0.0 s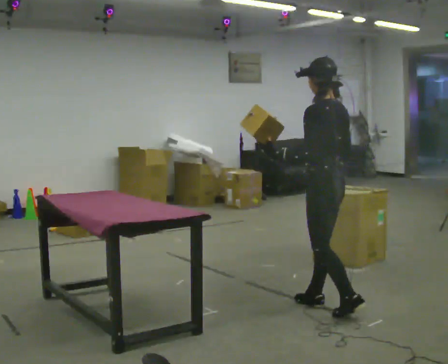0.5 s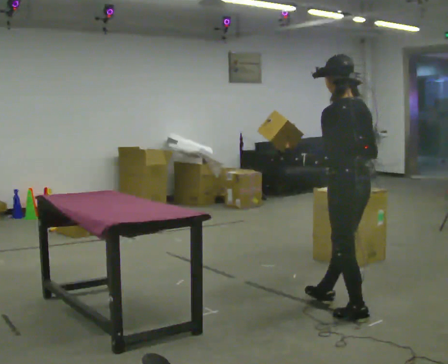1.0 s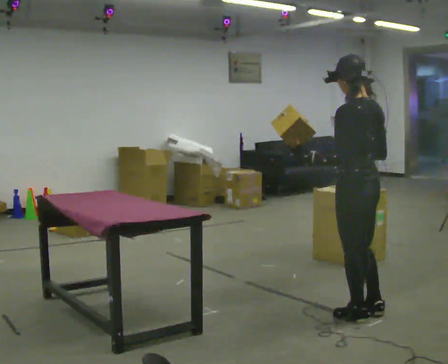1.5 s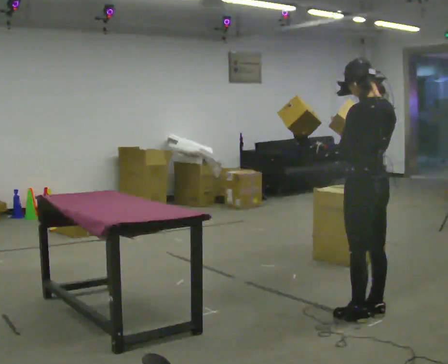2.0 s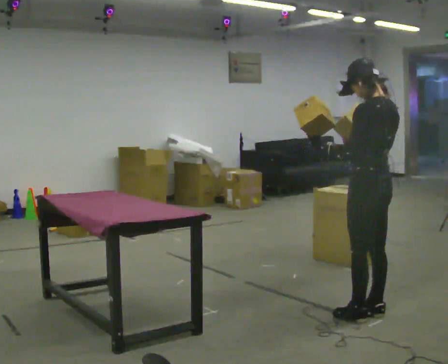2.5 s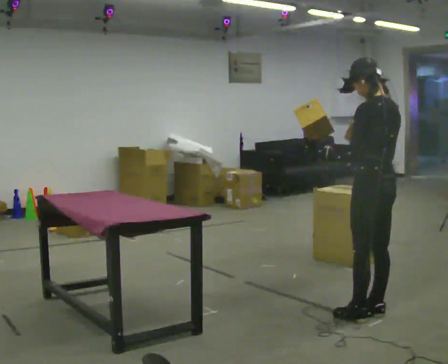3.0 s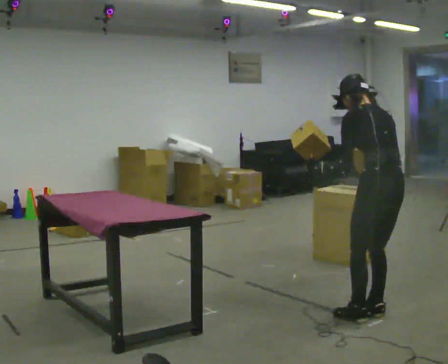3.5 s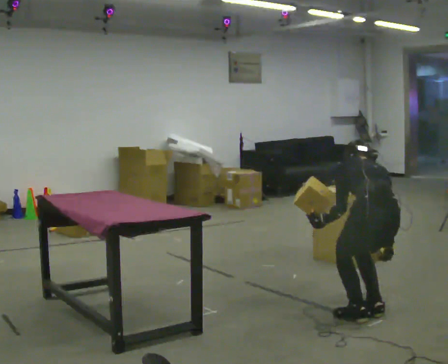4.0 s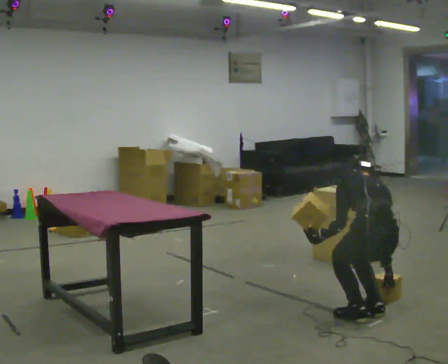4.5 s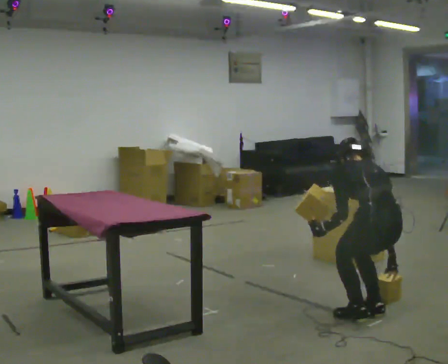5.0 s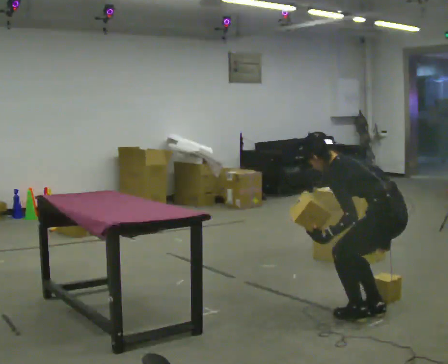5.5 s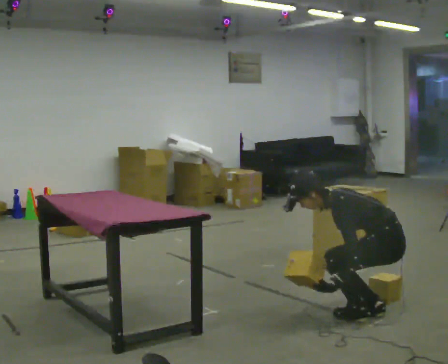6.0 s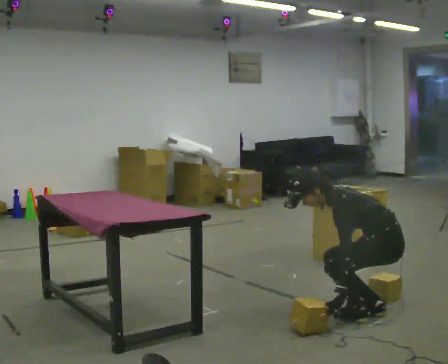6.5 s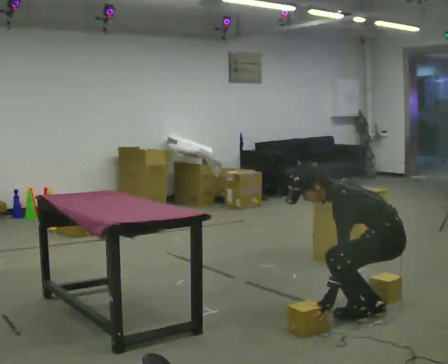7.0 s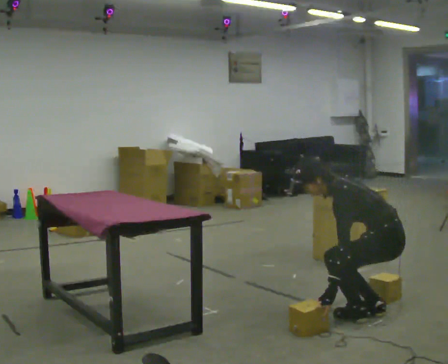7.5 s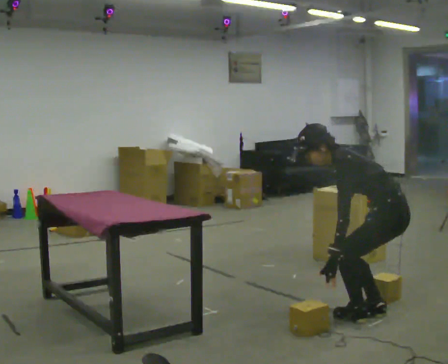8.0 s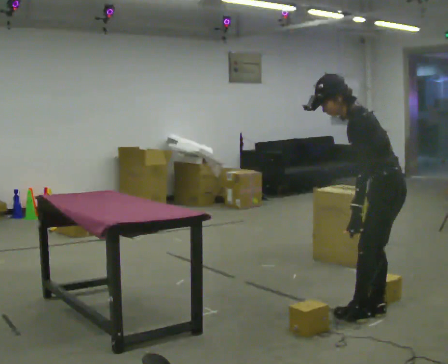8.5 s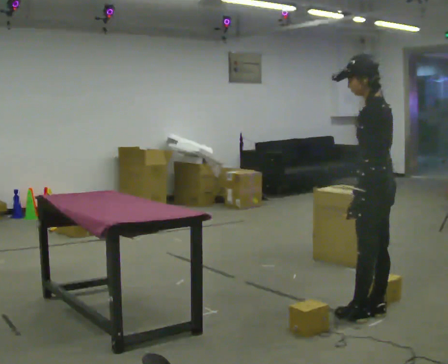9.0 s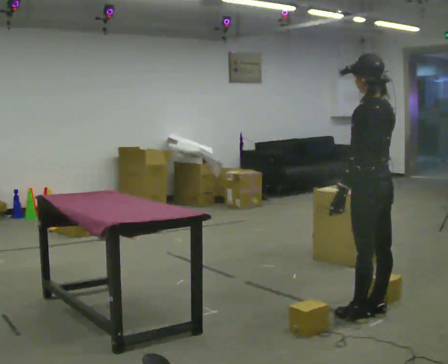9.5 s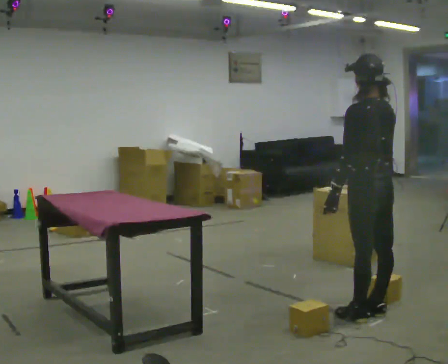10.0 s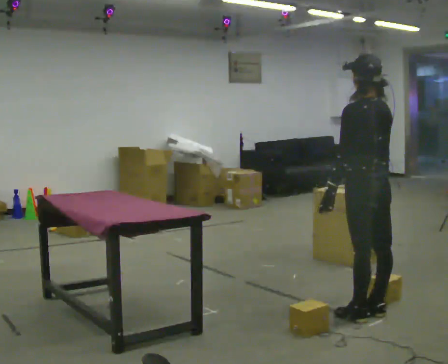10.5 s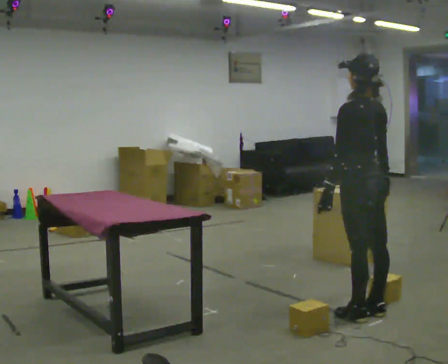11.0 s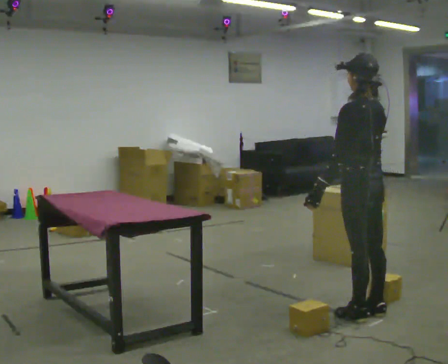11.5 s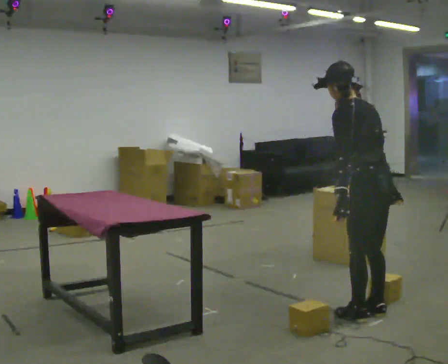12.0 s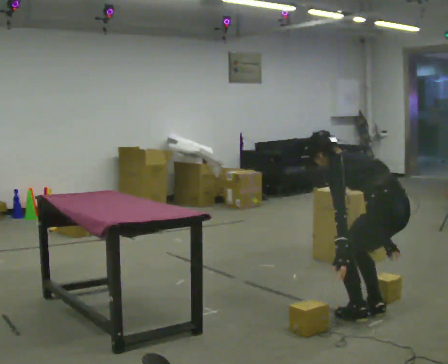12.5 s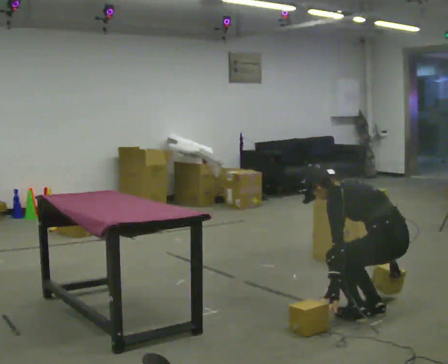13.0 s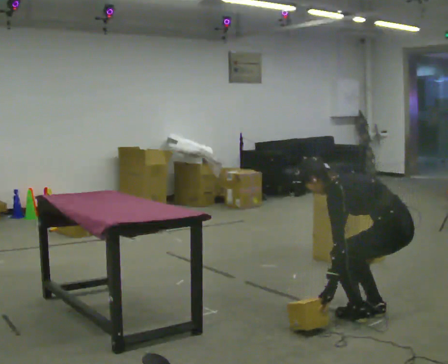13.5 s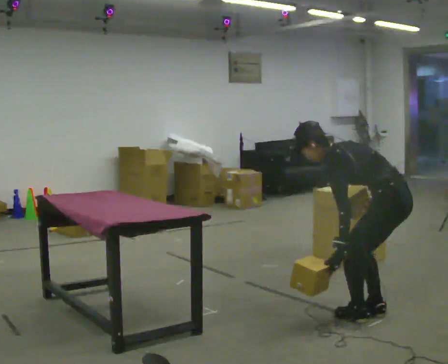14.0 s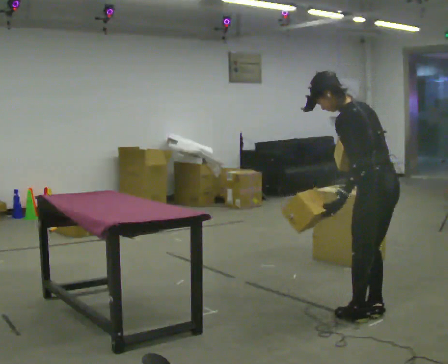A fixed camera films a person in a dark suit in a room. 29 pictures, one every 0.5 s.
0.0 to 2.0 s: In the picture they go to the right and toward the camera, about 0.25 m in 1 step, which for them is backward and to their right.
2.0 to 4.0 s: The person turns about 30 degrees to their right, clockwise seen from above, so the part of the body nearest the lens slides to the left. The upper body goes downward. The upper body tips away from the camera, its near side rolling upward, as they bend forward. In the picture their right hand goes downward.
4.0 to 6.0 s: The part of the body nearest the lens slides to the right as the person turns to their left by about 75 degrees. In the picture they go away from the camera, about 0.25 m. The upper body tips toward the camera, its near side rolling downward.
6.0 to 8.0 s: The upper body goes upward. In the picture the upper body tilts clockwise, shoulders to the right, as they lean back or straighten. In the picture their left hand goes upward.
8.0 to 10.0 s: The part of the body nearest the lens slides to the left as the person turns to their right by about 30 degrees. In the picture the upper body tilts clockwise, shoulders to the right, as they lean back or straighten.
10.0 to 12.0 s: The shoulders move downward. In the picture the upper body tilts counterclockwise, shoulders to the left, as they bend forward.
12.0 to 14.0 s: The upper body tips toward the camera, its near side rolling downward. In the picture their right hand goes upward.
The film runs backward here.
